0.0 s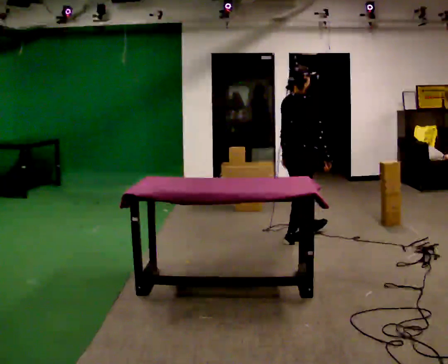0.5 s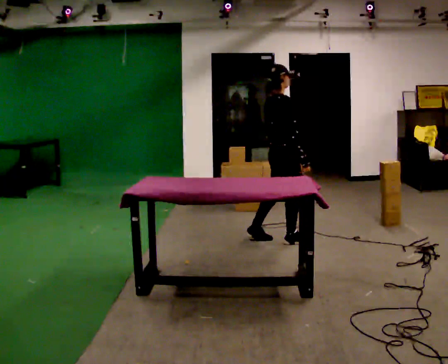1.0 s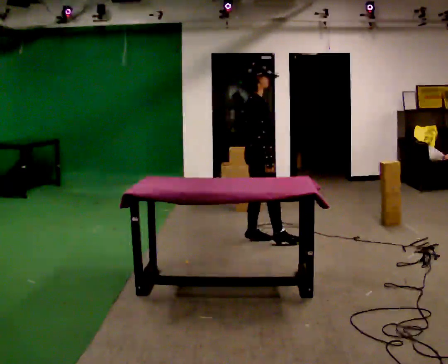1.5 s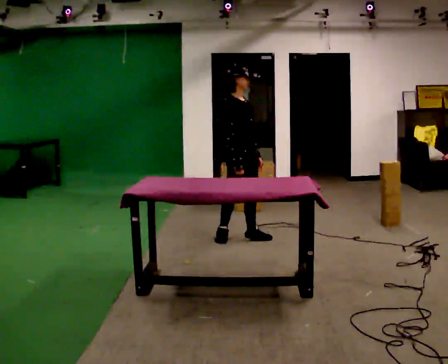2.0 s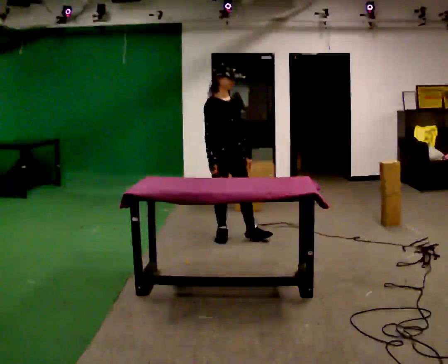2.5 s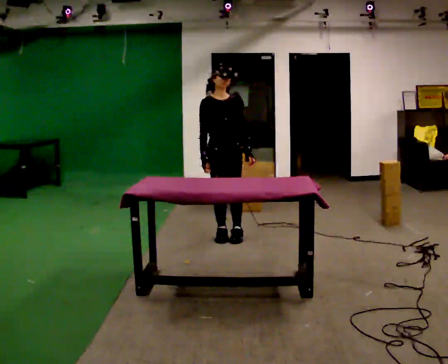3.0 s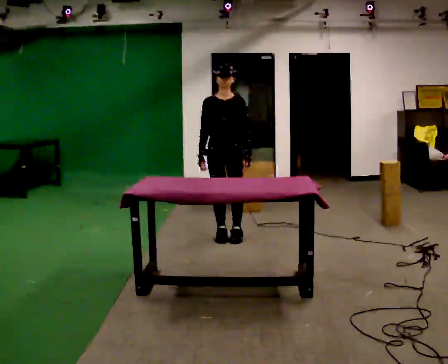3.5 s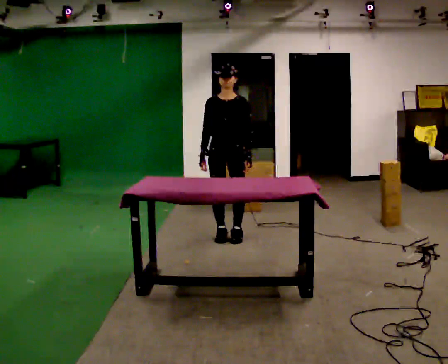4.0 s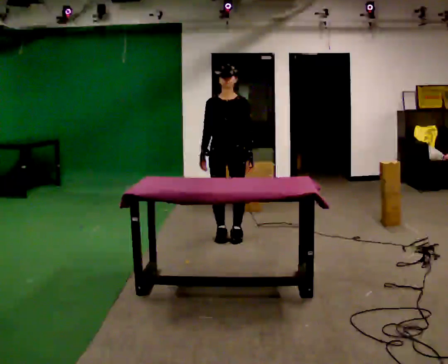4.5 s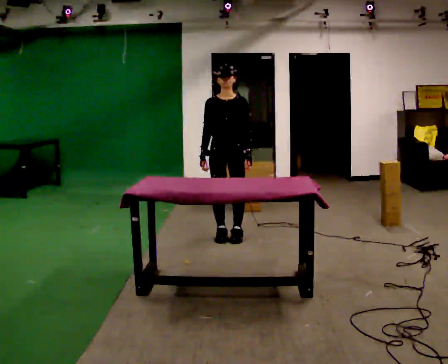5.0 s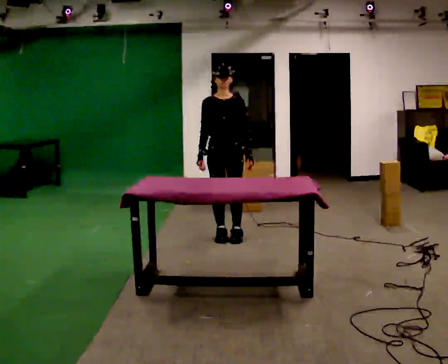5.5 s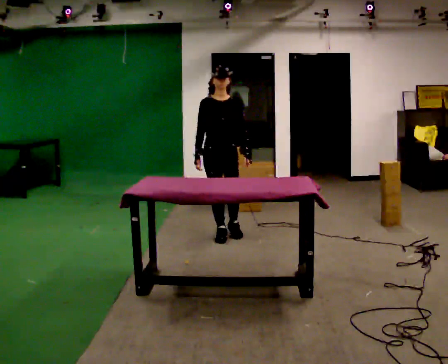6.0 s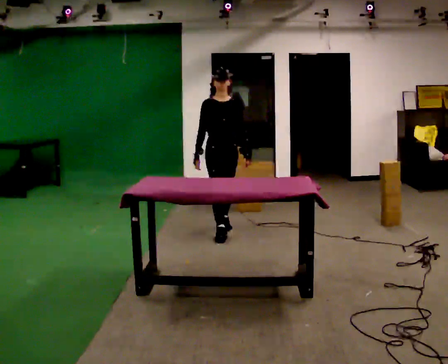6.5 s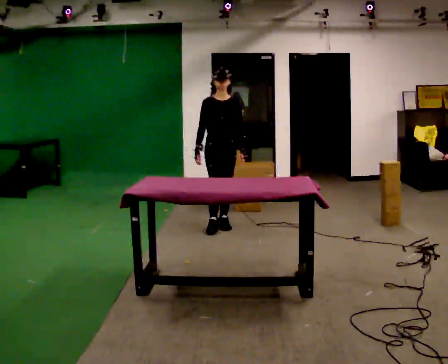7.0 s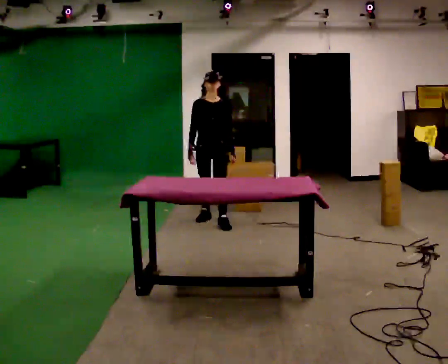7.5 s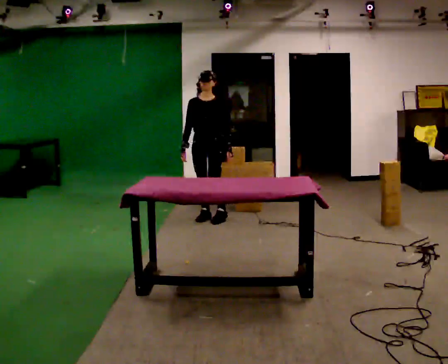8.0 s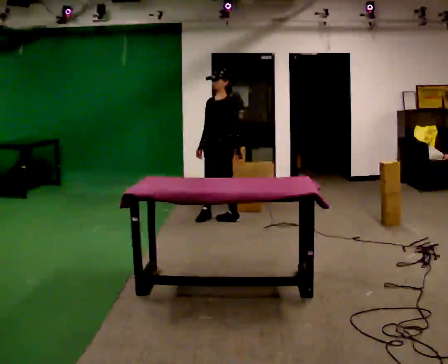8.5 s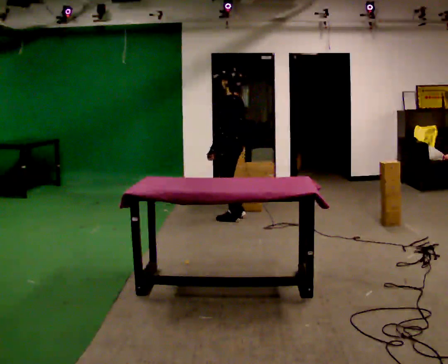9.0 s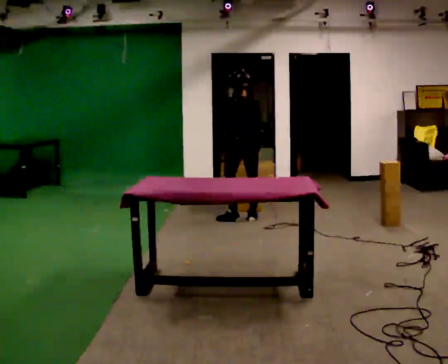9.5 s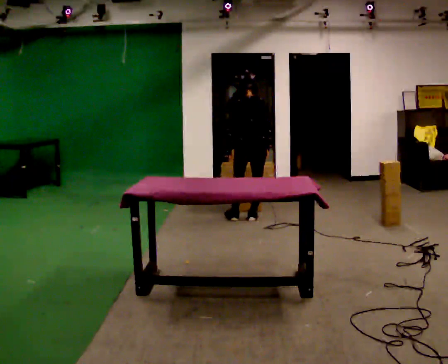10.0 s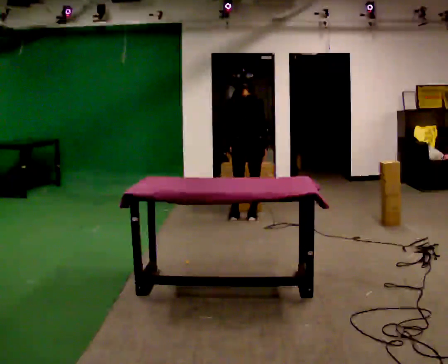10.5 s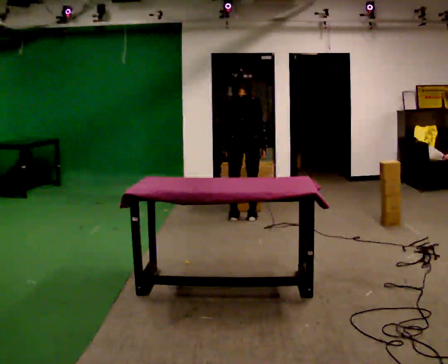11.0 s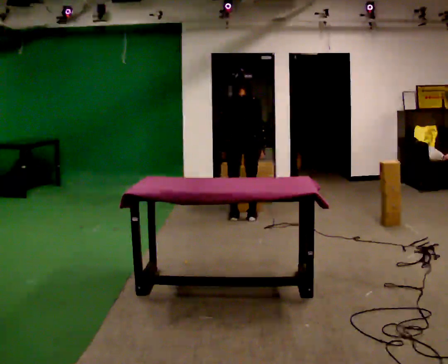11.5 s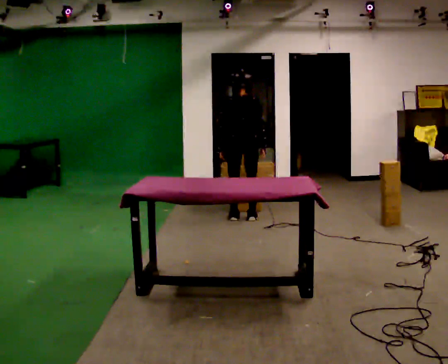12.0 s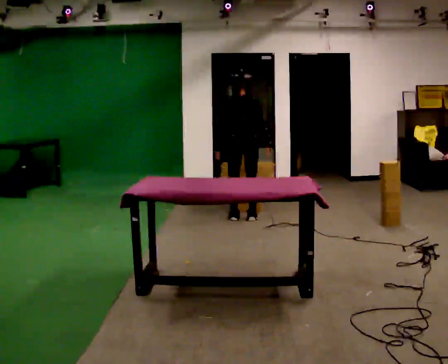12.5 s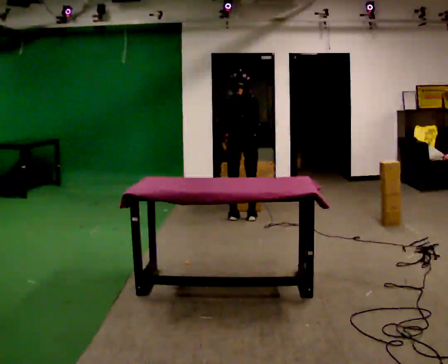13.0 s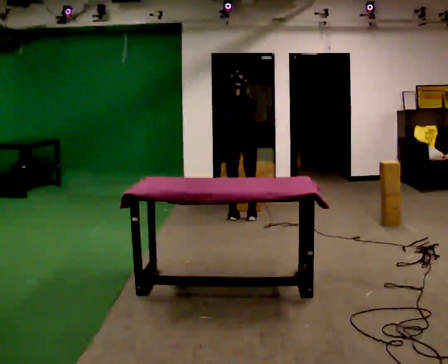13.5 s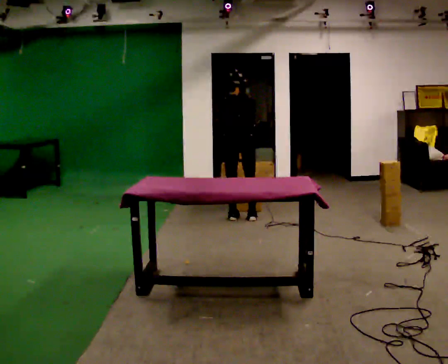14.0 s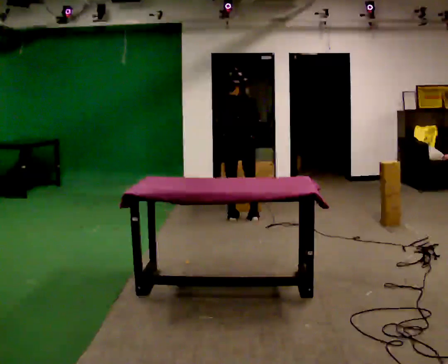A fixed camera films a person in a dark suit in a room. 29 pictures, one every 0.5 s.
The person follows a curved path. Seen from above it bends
clockwise.
The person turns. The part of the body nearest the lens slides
to the left.
0.0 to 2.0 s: The person turns about 75 degrees to their right, clockwise seen from above, so the part of the body nearest the lens slides to the left. In the picture they go to the left, about 0.75 m in 1 step.
2.0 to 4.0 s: The part of the body nearest the lens slides to the left as the person turns to their right by about 45 degrees.
4.0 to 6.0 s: In the picture they go away from the camera, about 0.25 m in 1 step, which for them is backward.
6.0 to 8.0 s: The part of the body nearest the lens slides to the left as the person turns to their right by about 60 degrees. In the picture they go away from the camera, about 0.5 m in 2 steps.
8.0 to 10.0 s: The person turns about 135 degrees to their right, clockwise seen from above, so the part of the body nearest the lens slides to the left. In the picture they go to the right, about 0.25 m in 1 step.
10.0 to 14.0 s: The person moves a little, or ends about where they began.
The film runs backward here.
